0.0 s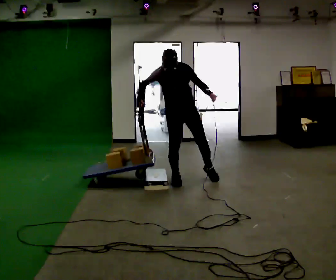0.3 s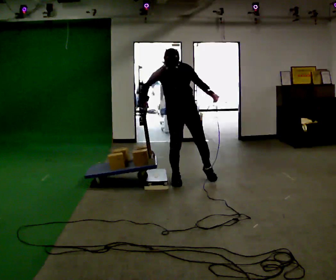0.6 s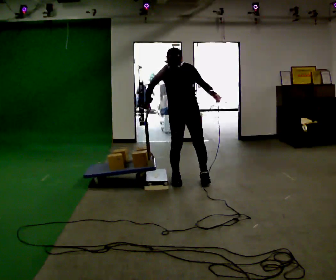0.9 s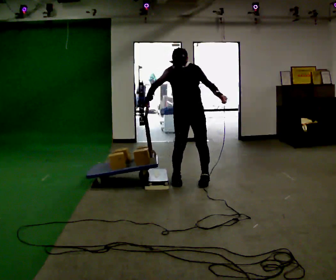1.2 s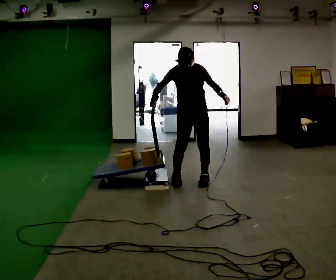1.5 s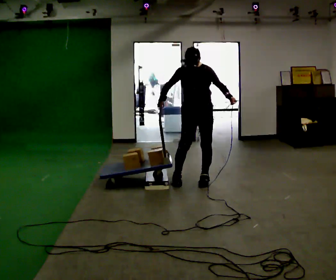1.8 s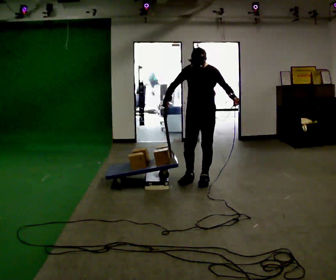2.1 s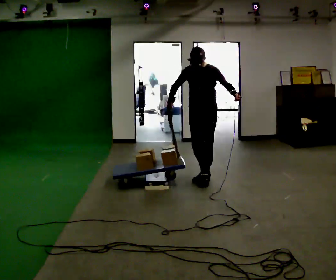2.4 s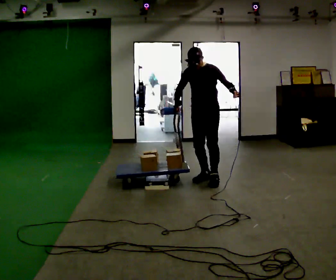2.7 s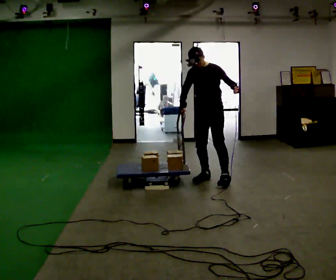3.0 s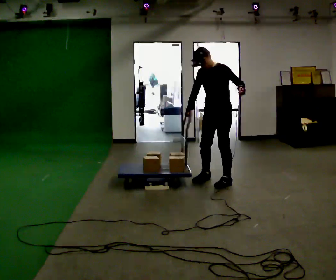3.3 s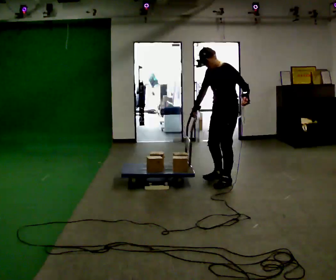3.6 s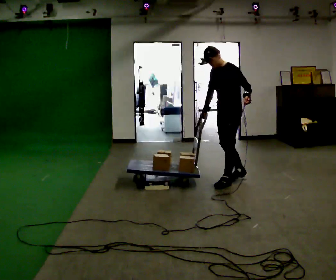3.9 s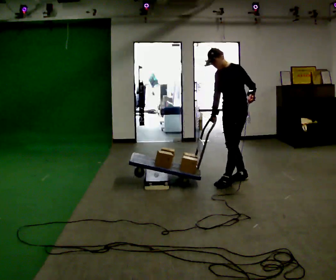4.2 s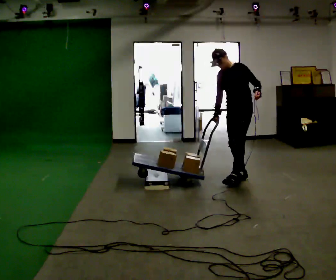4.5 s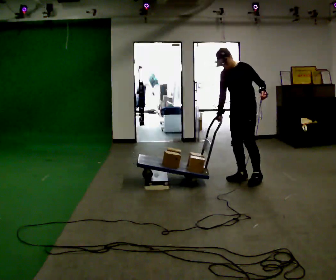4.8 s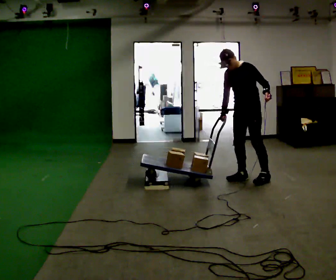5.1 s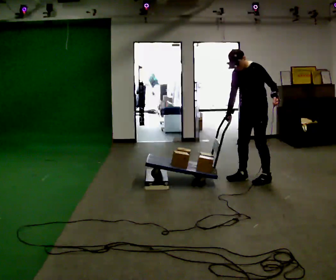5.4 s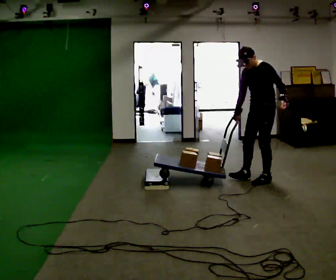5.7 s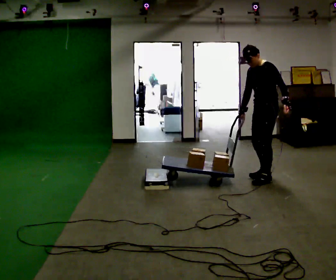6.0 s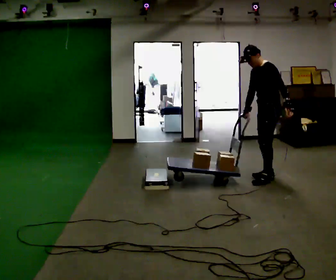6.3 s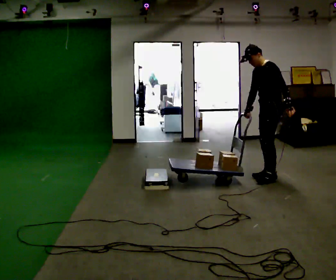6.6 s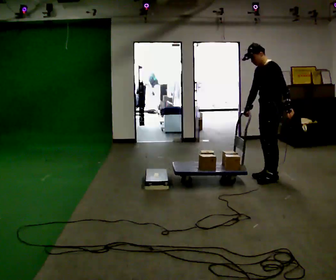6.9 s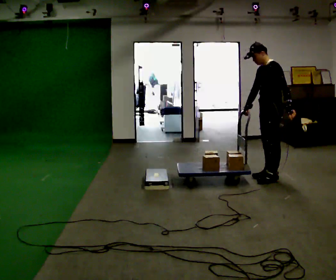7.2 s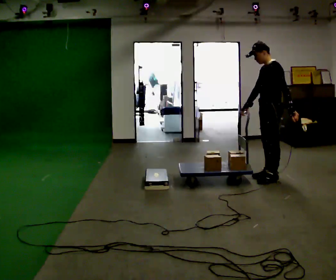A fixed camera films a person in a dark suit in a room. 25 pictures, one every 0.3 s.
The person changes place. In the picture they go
to the right.
0.0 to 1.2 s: In the picture they go to the right, about 0.25 m in 1 step, which for them is to their left.
1.2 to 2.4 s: In the picture they go to the right, about 0.25 m in 1 step, which for them is backward and to their left.
2.4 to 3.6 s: The part of the body nearest the lens slides to the left as the person turns to their right by about 30 degrees. In the picture they go to the right, about 0.25 m in 2 steps, which for them is to their left.
3.6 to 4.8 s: In the picture they go to the right and away from the camera, about 0.25 m in 1 step, which for them is backward.
4.8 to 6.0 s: The person turns about 30 degrees to their right, clockwise seen from above, so the part of the body nearest the lens slides to the left. In the picture they go to the right, about 0.25 m in 1 step, which for them is backward and to their left.
6.0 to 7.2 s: The person moves a little, or ends about where they began.
The film runs forward here.
